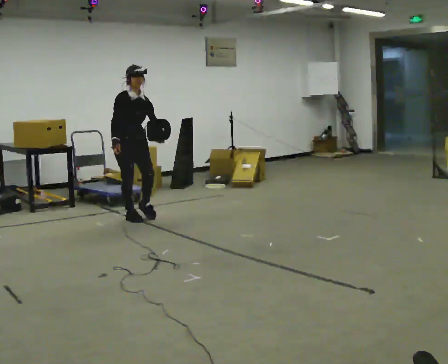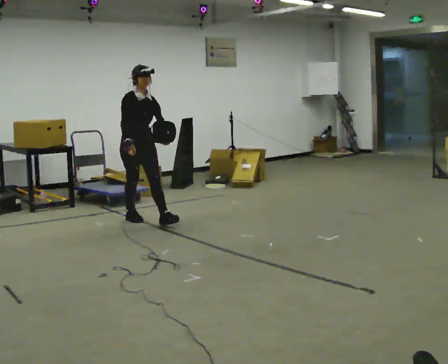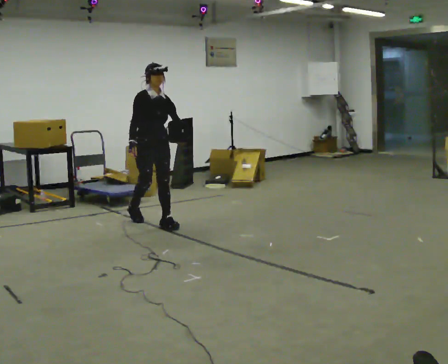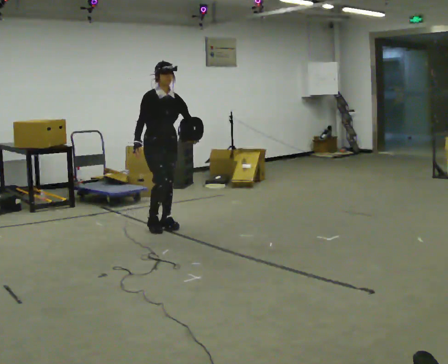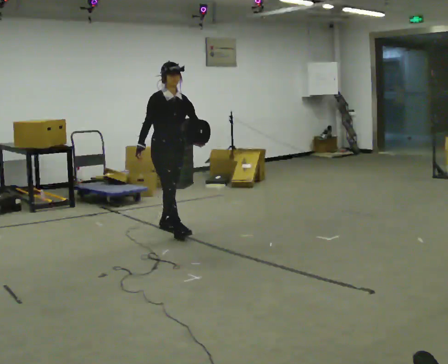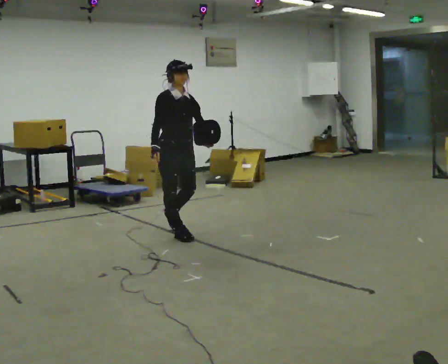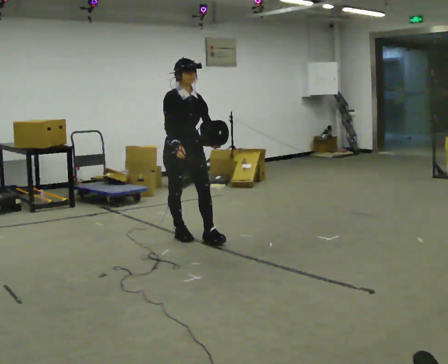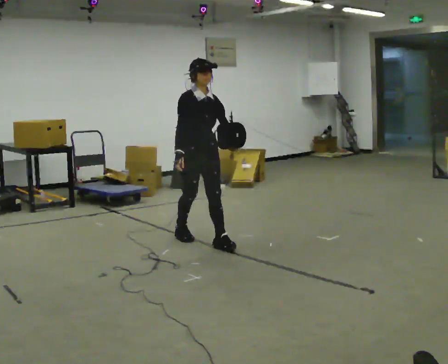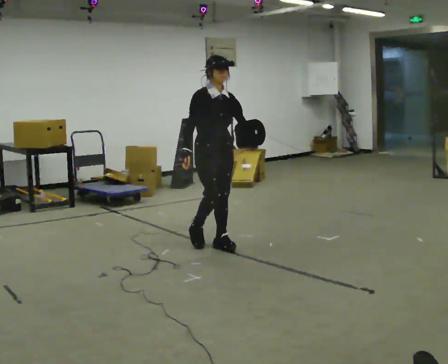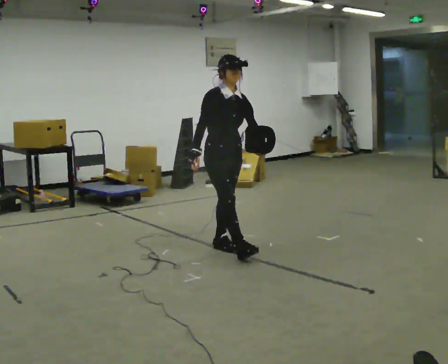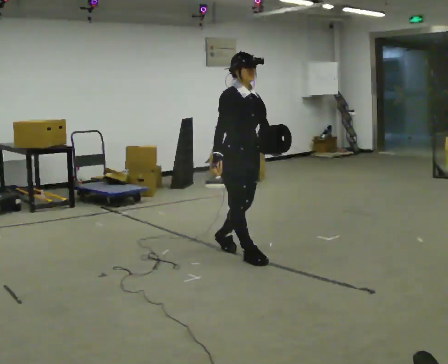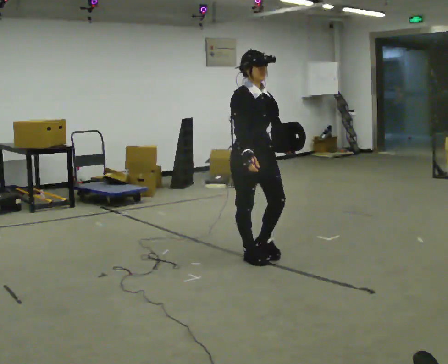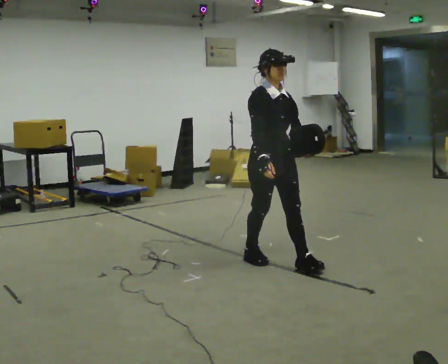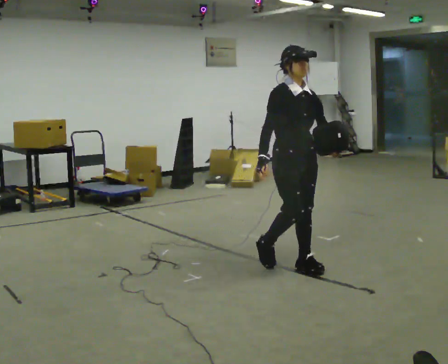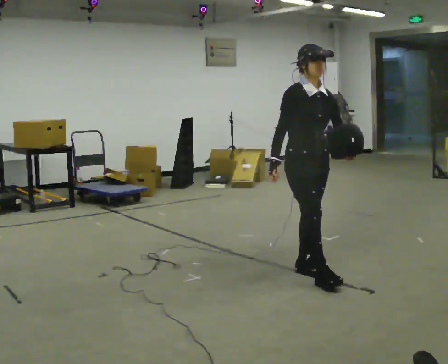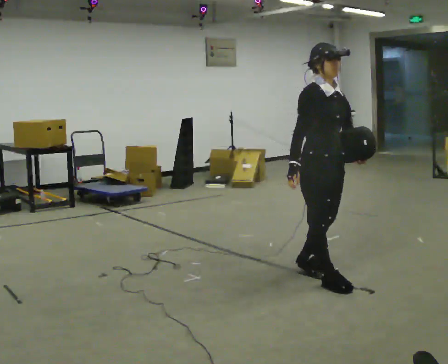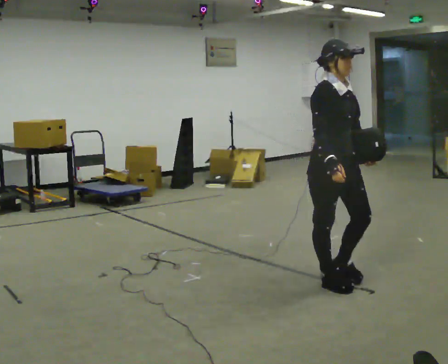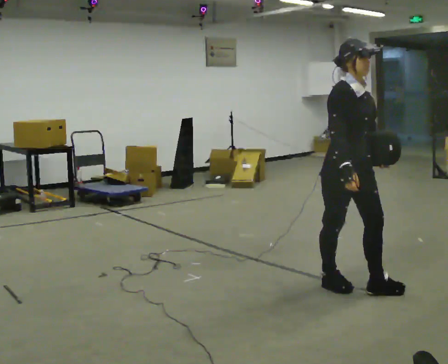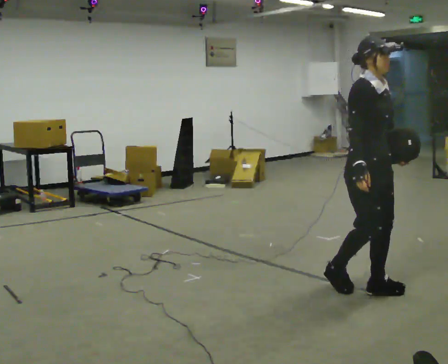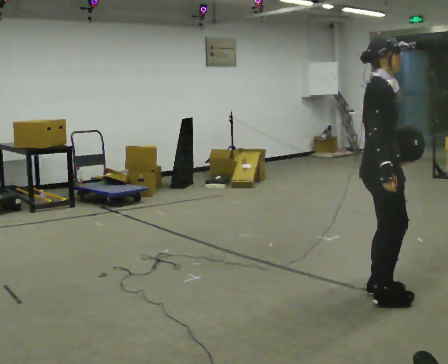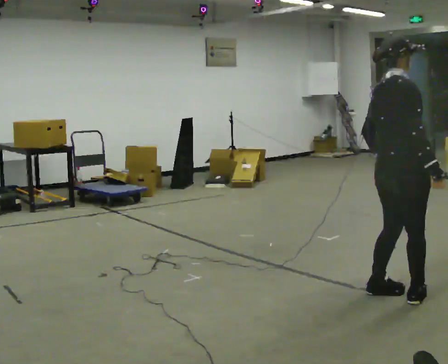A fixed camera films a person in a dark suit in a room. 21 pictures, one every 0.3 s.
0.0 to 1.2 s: In the picture they go to the right and toward the camera, about 0.5 m in 2 steps, which for them is forward.
1.2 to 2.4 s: In the picture they go toward the camera and to the right, about 0.75 m in 1 step, which for them is forward.
2.4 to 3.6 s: In the picture they go toward the camera and to the right, about 0.5 m in 2 steps, which for them is forward.
3.6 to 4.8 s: In the picture they go toward the camera and to the right, about 0.75 m in 1 step, which for them is forward.
4.8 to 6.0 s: Seen from above the body turns counterclockwise, about 75 degrees: to their left, with its near side sliding to the right. In the picture they go to the right and toward the camera, about 0.5 m in 2 steps.
The film runs forward here.
